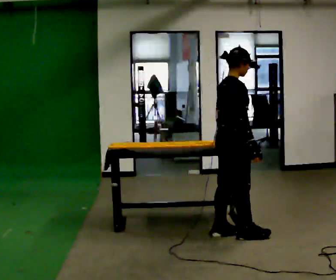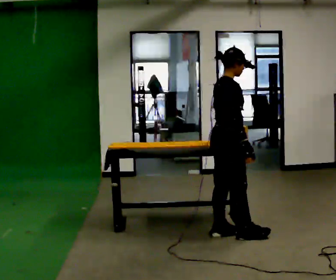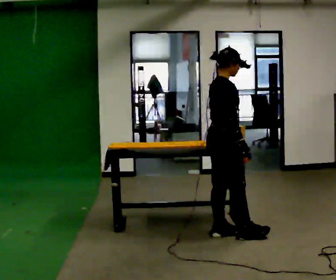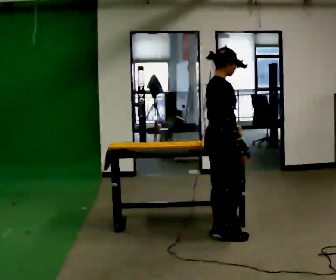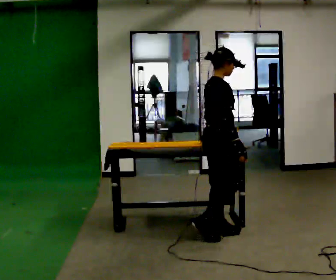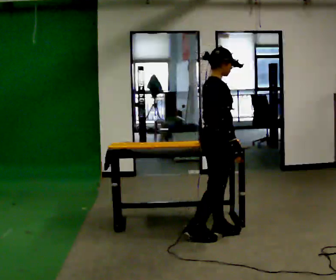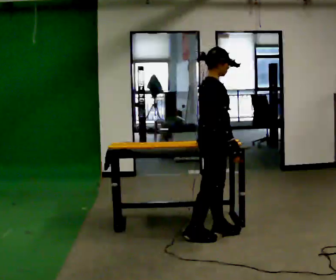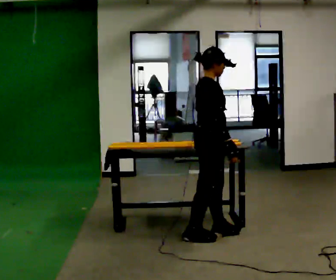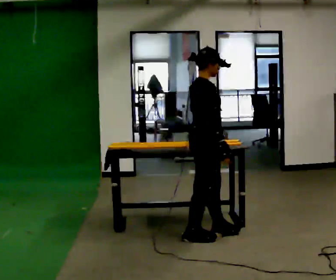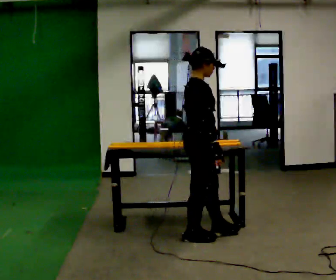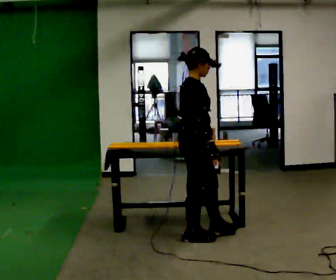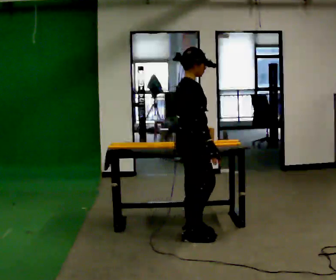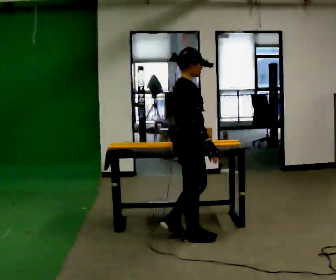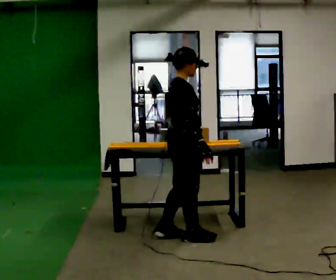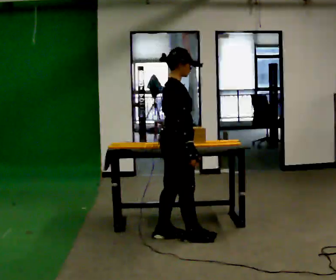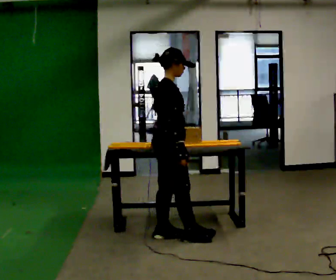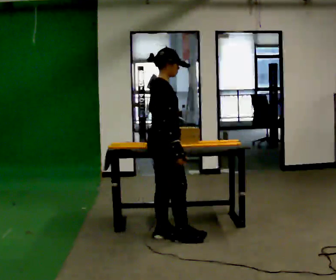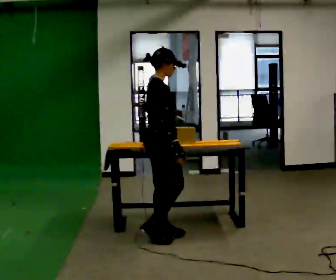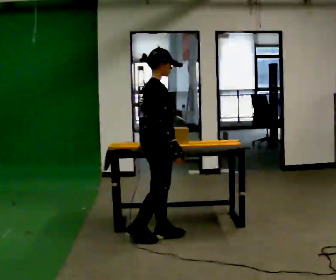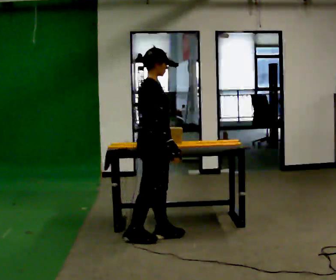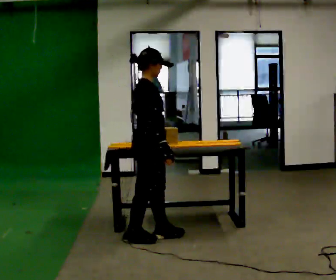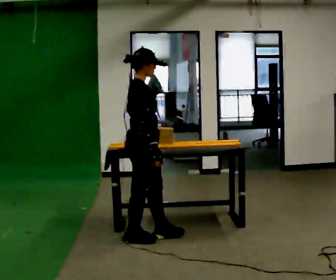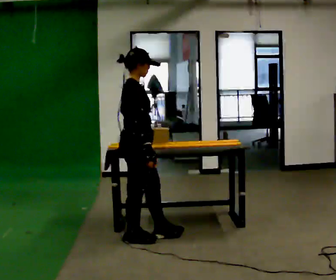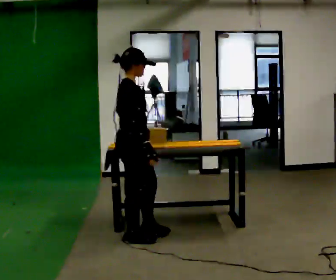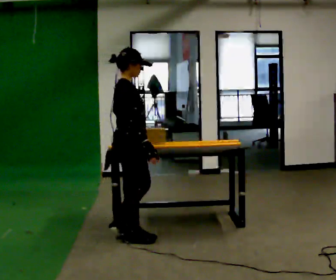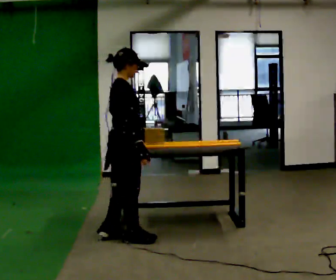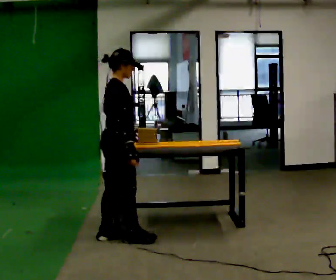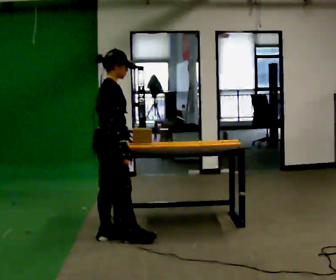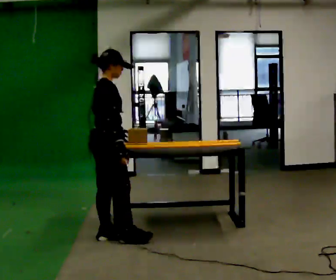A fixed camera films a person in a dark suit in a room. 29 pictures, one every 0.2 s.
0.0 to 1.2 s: In the picture they go to the left, about 0.25 m in 1 step, which for them is backward.
1.2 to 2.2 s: In the picture they go to the left, about 0.25 m in 1 step, which for them is backward.
2.2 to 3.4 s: In the picture they go to the left, about 0.25 m in 1 step, which for them is backward.
3.4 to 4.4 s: In the picture they go to the left, about 0.25 m, which for them is backward.
4.4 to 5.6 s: In the picture they go to the left, about 0.25 m in 2 steps, which for them is backward.
The film runs backward here.
